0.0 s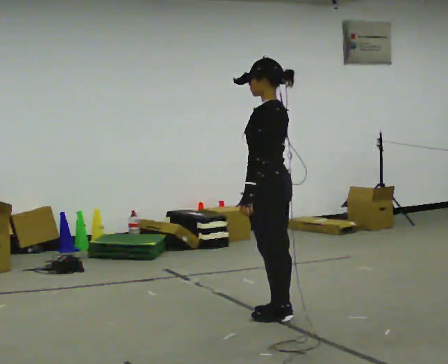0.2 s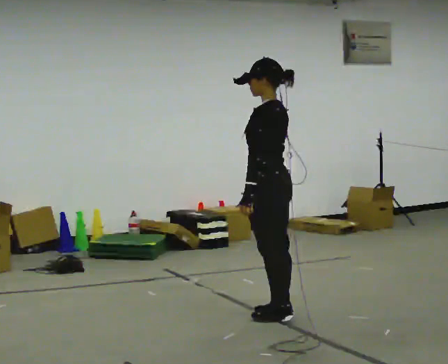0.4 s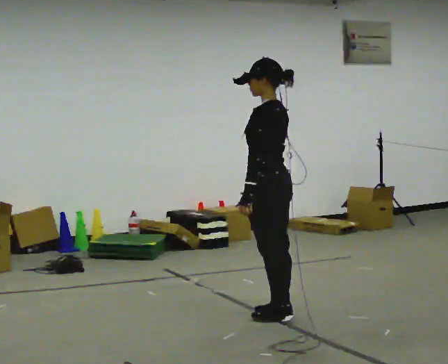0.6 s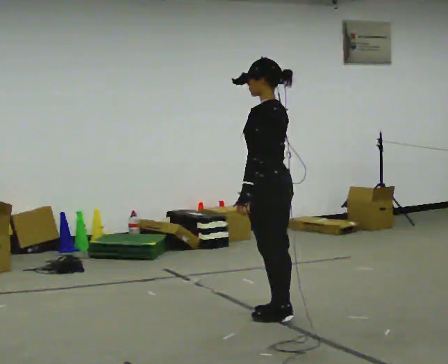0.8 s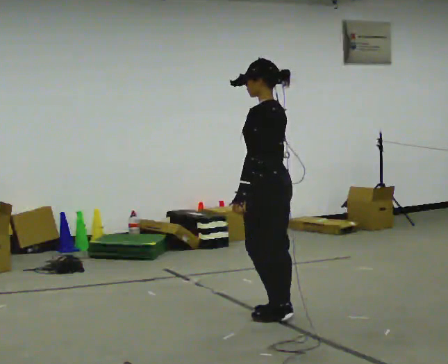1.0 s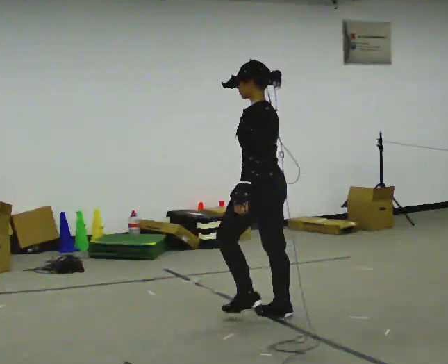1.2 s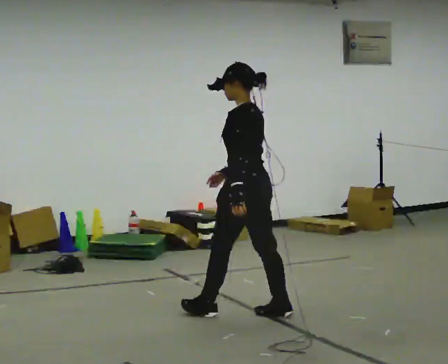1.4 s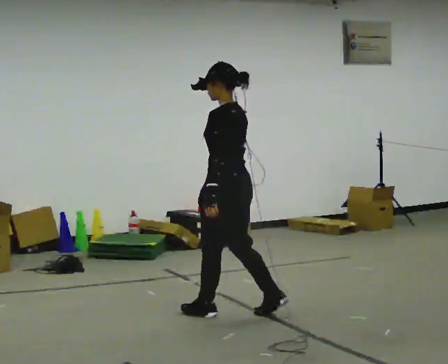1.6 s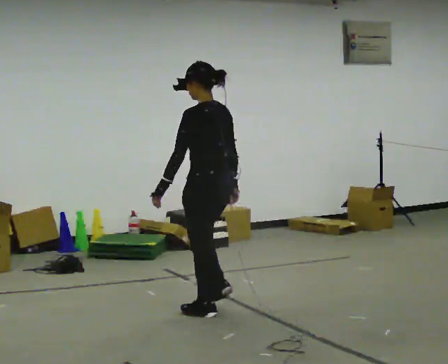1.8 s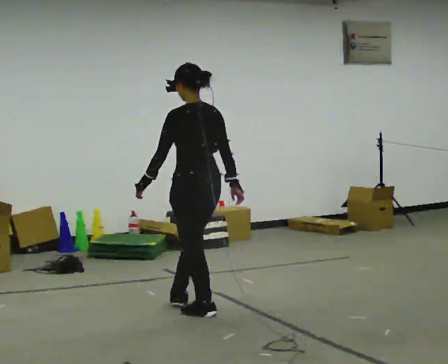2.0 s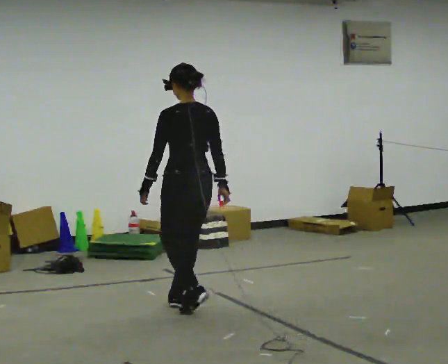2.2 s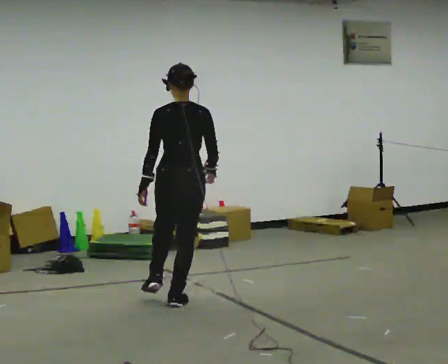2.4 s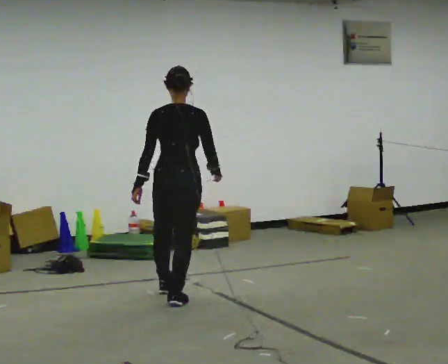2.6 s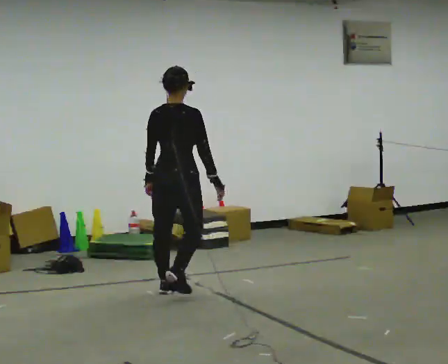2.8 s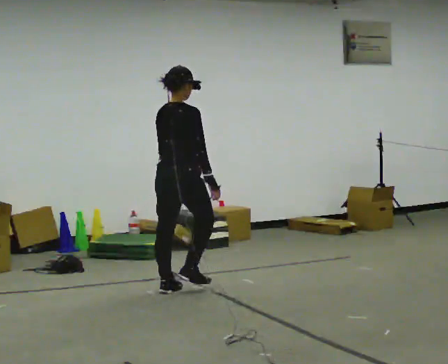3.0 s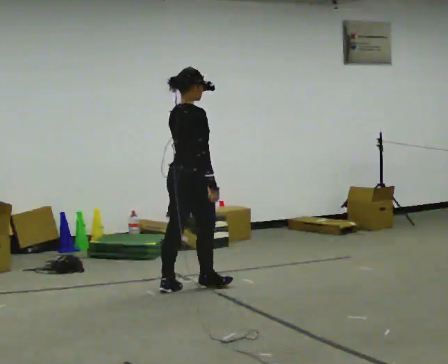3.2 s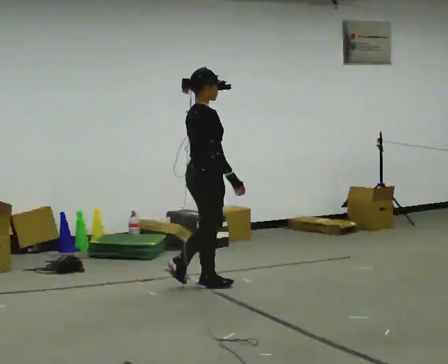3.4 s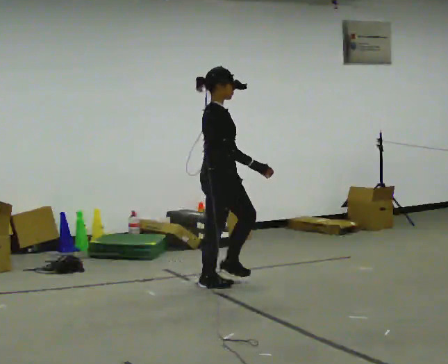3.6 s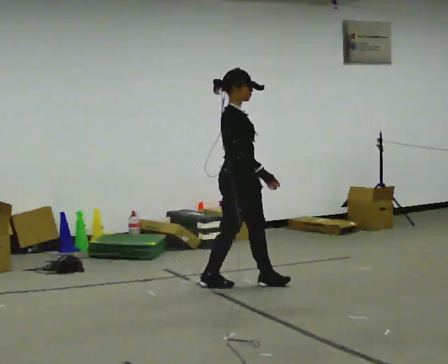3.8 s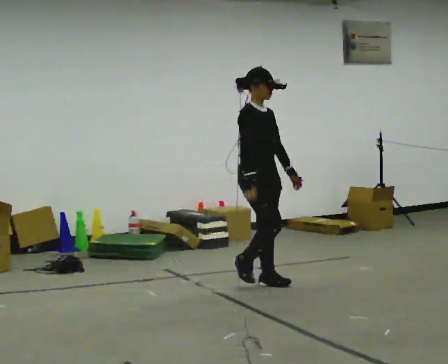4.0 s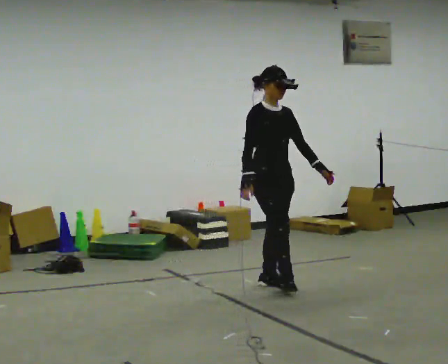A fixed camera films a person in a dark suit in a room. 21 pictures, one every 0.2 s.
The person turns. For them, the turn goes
to their right.
The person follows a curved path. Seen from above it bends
clockwise.
0.0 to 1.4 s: In the picture they go to the left, about 0.25 m in 1 step, which for them is forward.
1.4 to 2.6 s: Seen from above the body turns clockwise, about 90 degrees: to their right, with its near side sliding to the left. In the picture they go away from the camera and to the left, about 0.75 m in 2 steps.
2.6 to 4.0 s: The person turns about 120 degrees to their right, clockwise seen from above, so the part of the body nearest the lens slides to the left. In the picture they go to the right, about 0.75 m in 2 steps.
The film runs forward here.
